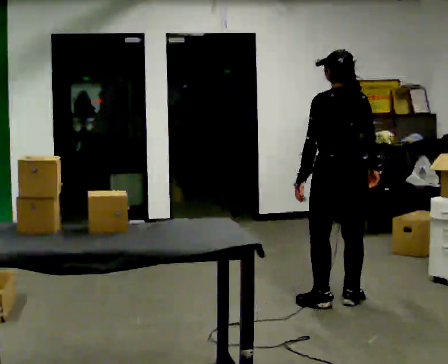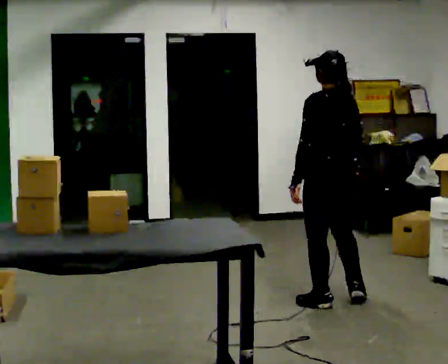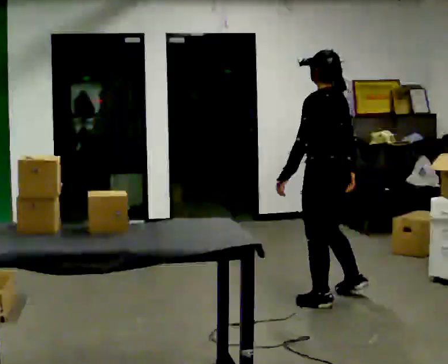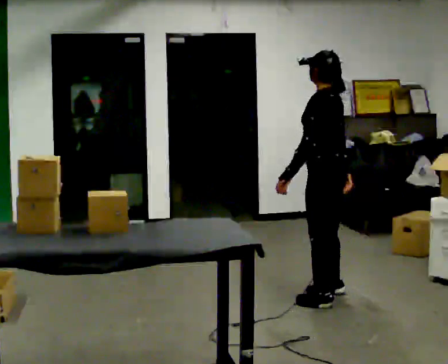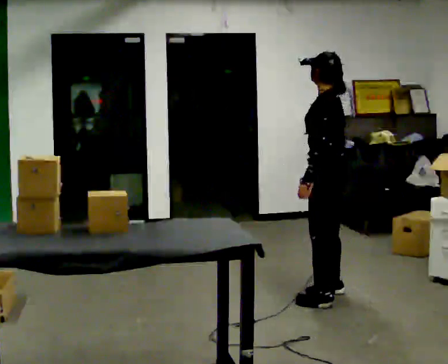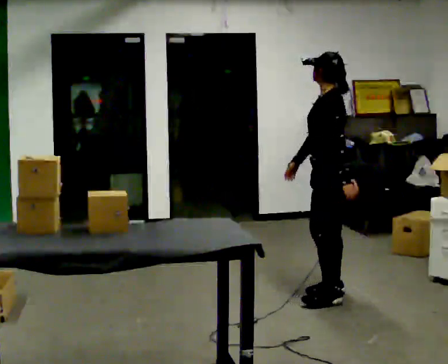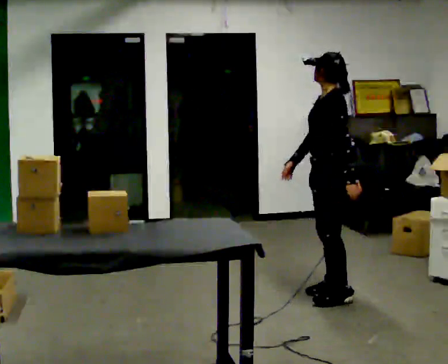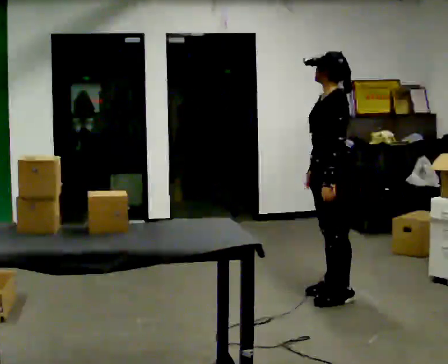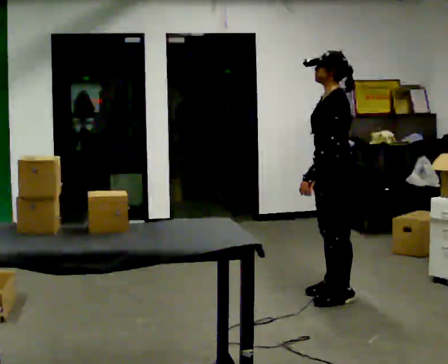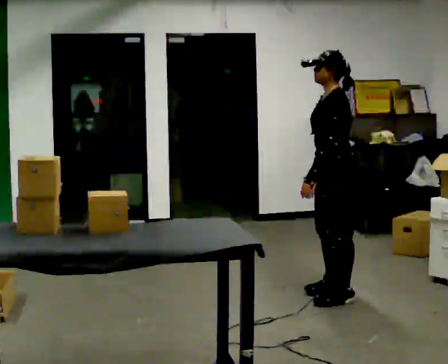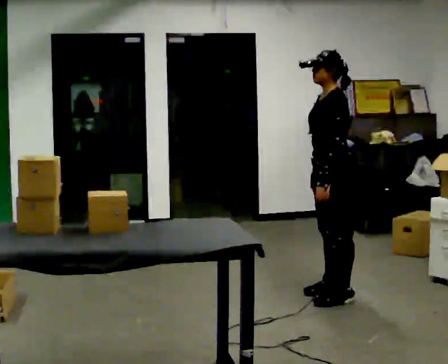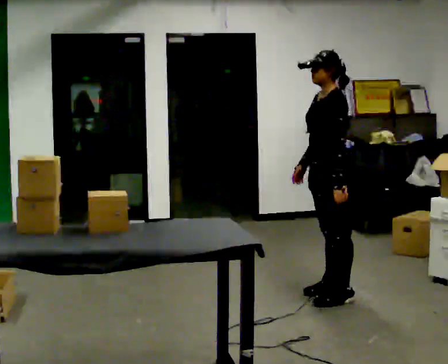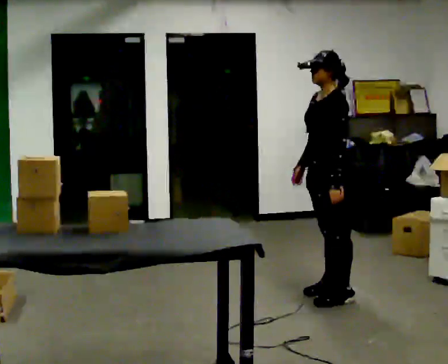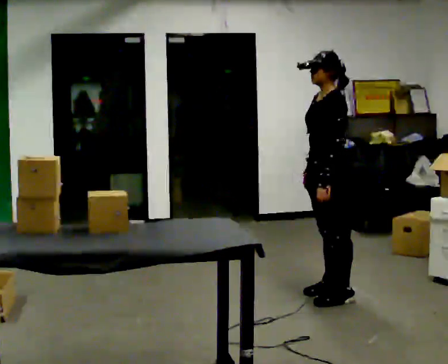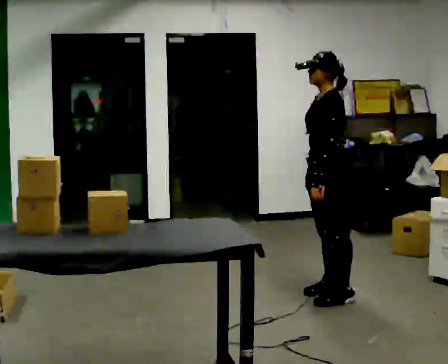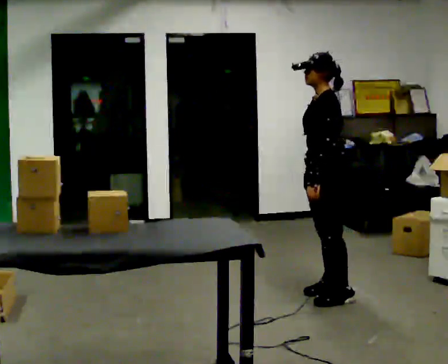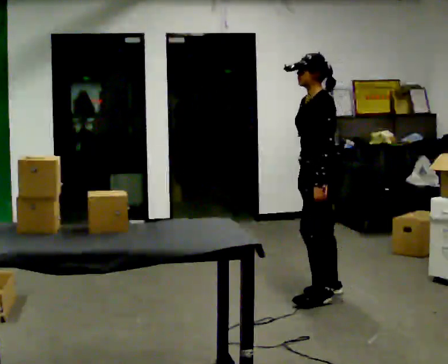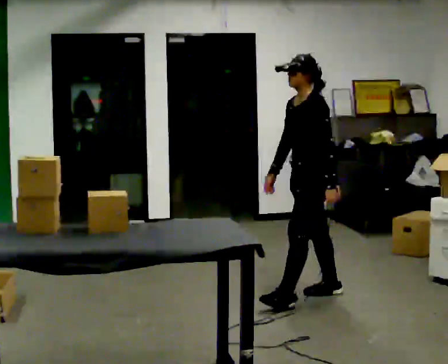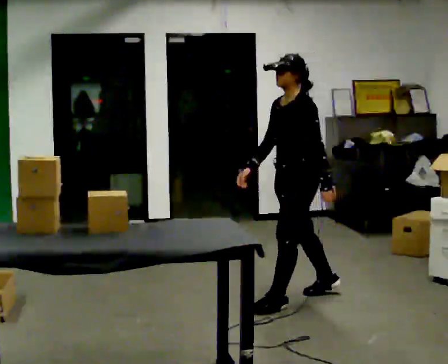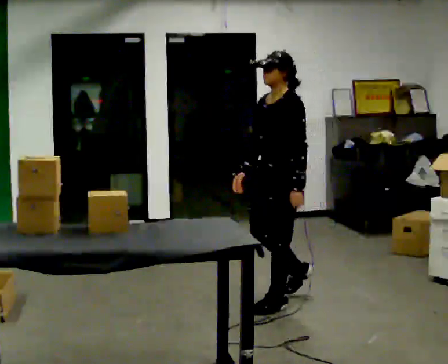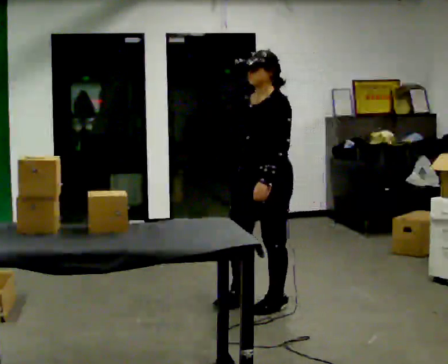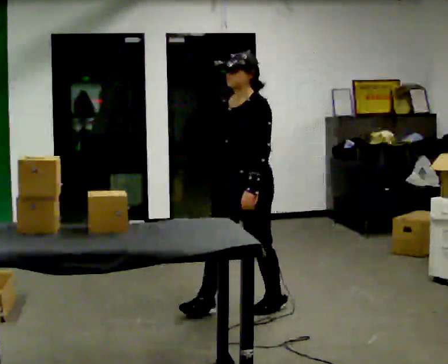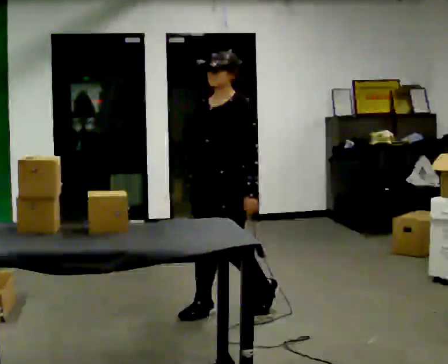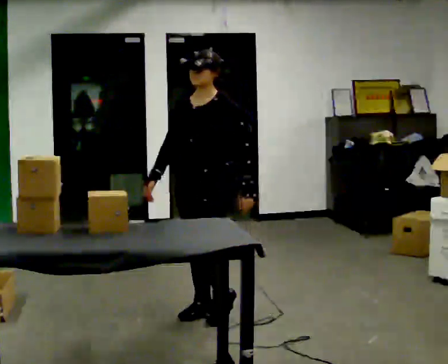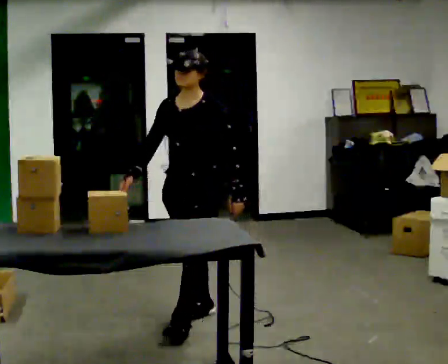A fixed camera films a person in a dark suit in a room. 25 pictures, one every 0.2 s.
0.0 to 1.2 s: The person turns about 75 degrees to their left, counterclockwise seen from above, so the part of the body nearest the lens slides to the right. In the picture they go away from the camera, about 0.25 m in 2 steps. In the picture their right hand goes to the left, the arm swinging clockwise.
1.2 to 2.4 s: The person moves a little, or ends about where they began.
2.4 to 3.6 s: In the picture they go to the left, about 0.25 m in 1 step, which for them is forward. In the picture their right hand goes to the left.
3.6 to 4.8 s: The person turns about 45 degrees to their left, counterclockwise seen from above, so the part of the body nearest the lens slides to the right. In the picture they go to the left and toward the camera, about 0.5 m in 1 step, which for them is forward.
The film runs forward here.
